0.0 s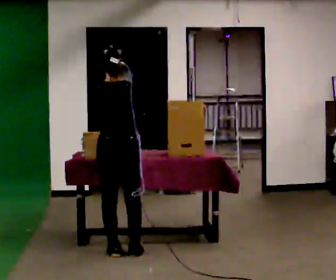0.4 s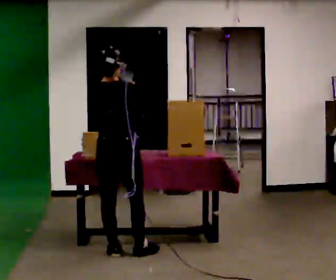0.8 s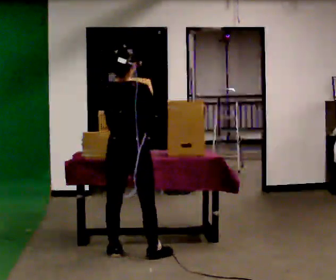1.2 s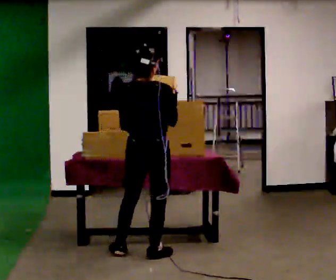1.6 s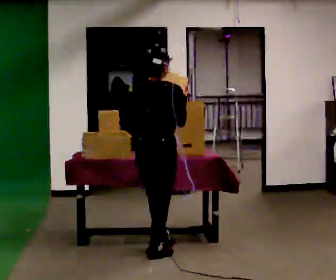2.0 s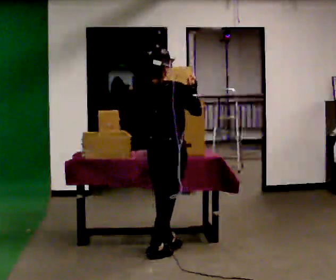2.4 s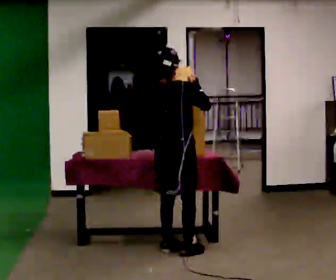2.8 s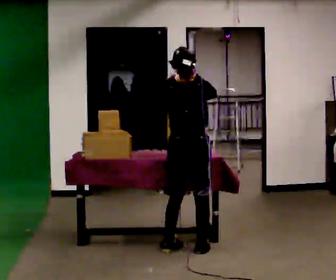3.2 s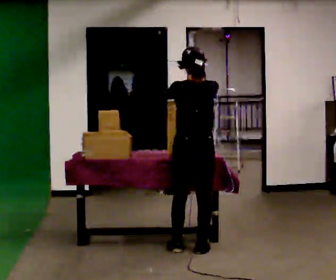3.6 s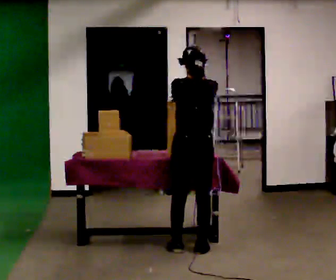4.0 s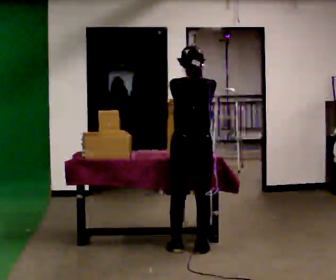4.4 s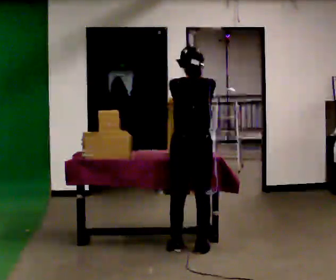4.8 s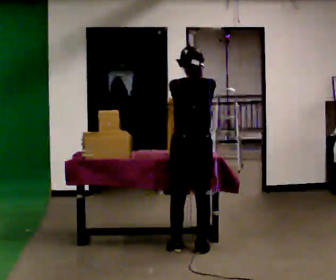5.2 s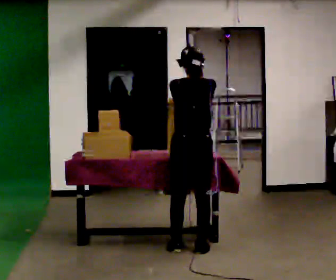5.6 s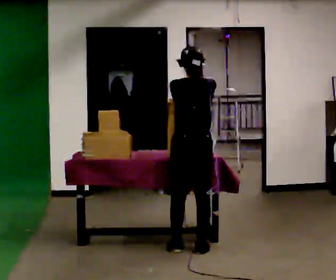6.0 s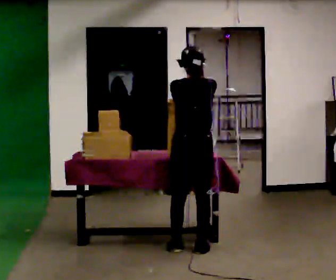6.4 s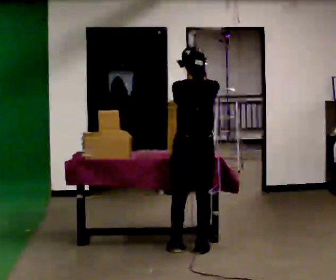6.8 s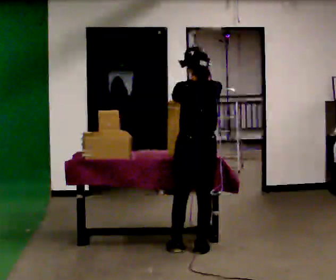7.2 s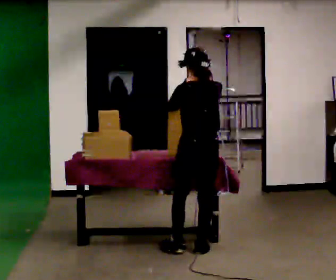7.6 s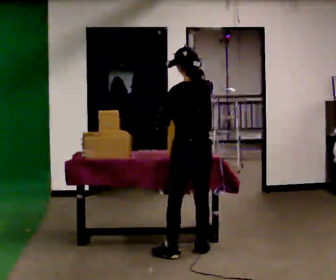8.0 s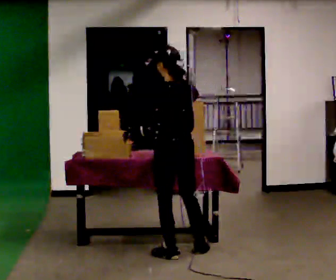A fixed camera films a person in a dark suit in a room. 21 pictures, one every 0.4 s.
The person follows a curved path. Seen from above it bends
clockwise.
0.0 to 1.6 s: The part of the body nearest the lens slides to the left as the person turns to their right by about 30 degrees. In the picture they go to the right, about 0.25 m in 1 step, which for them is to their right.
1.6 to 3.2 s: The person turns about 30 degrees to their left, counterclockwise seen from above, so the part of the body nearest the lens slides to the right. In the picture they go to the right and away from the camera, about 0.25 m in 2 steps, which for them is forward and to their right.
3.2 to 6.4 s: The person moves a little, or ends about where they began.
6.4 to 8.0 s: The part of the body nearest the lens slides to the right as the person turns to their left by about 30 degrees. In the picture they go toward the camera, about 0.25 m in 1 step, which for them is to their left.
The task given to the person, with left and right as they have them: Move the items from one container to the other one at a time, then move them back. Repeat at your own pace until the operator says stop. Keep both feet on the marked spots for the whole take. If you have to step, stop and tell the operator.
The film runs forward here.
